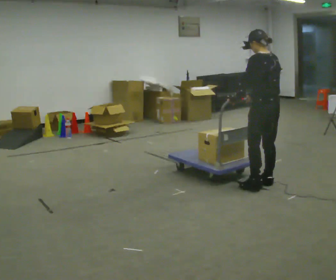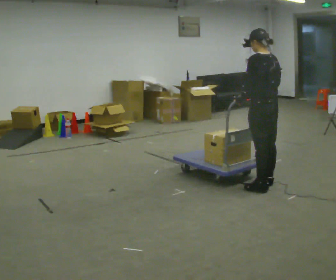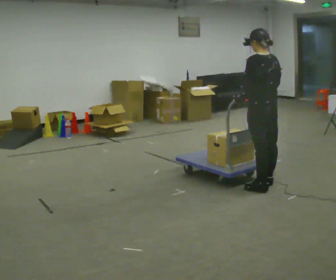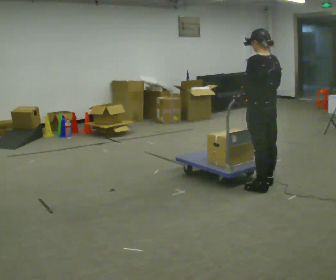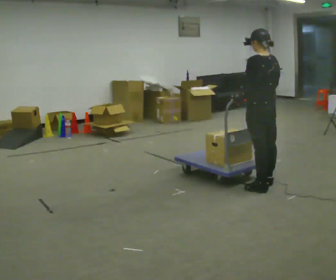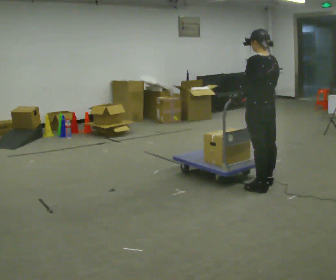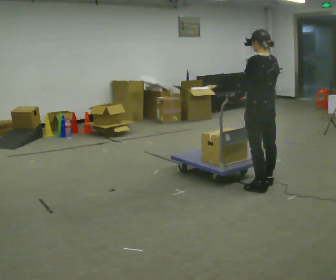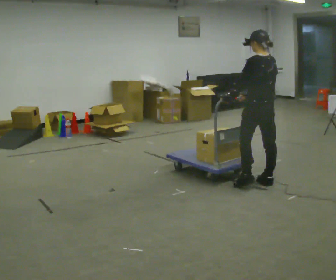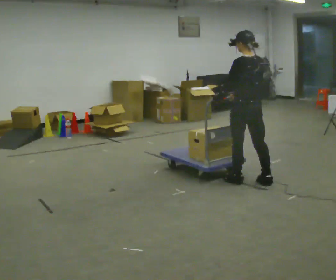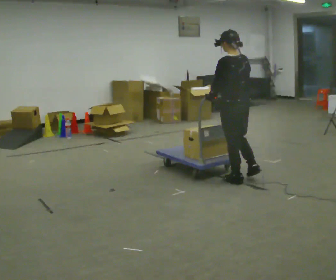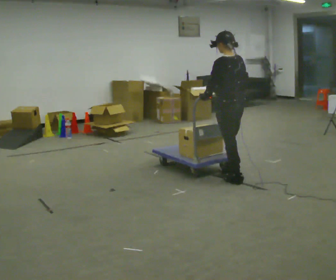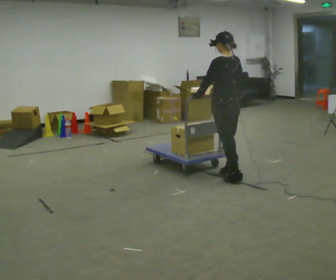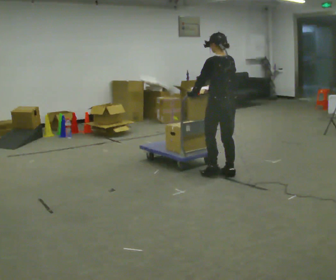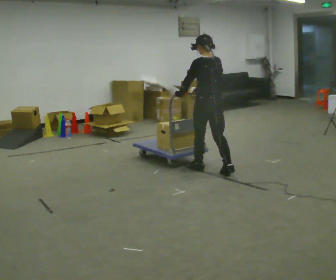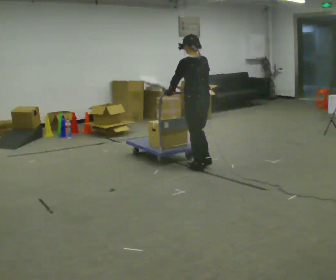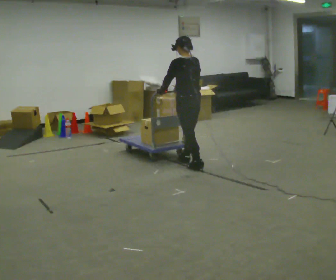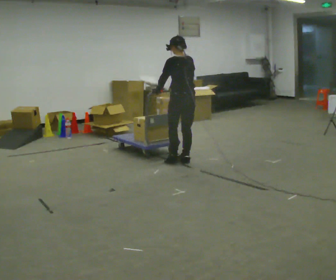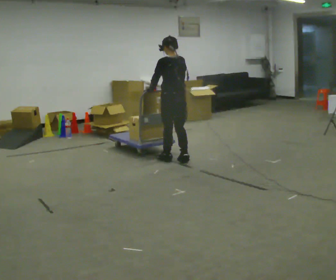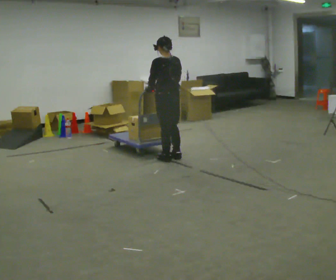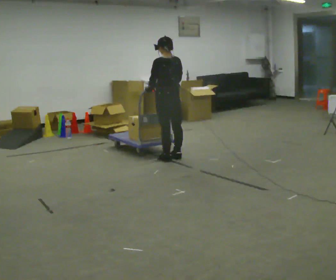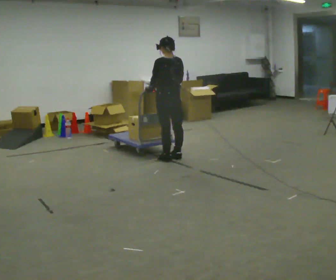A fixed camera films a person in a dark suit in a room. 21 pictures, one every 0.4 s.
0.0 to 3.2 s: In the picture they go to the left, about 0.25 m in 2 steps, which for them is forward.
3.2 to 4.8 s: In the picture they go away from the camera and to the left, about 0.5 m in 1 step, which for them is forward.
4.8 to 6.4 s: In the picture they go away from the camera and to the left, about 0.75 m in 2 steps, which for them is forward.
6.4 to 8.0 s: In the picture they go to the left and away from the camera, about 0.25 m in 2 steps, which for them is forward.
The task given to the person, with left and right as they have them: Get the cart into the marked parking space and lined up with the tape. Take as many adjustments as you need. Then take it out again and repeat.
The film runs forward here.
